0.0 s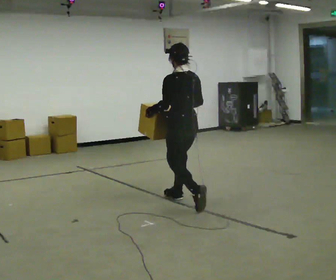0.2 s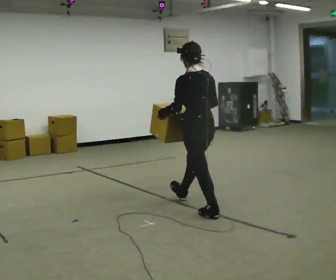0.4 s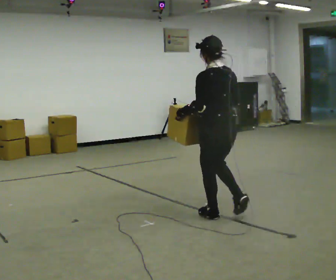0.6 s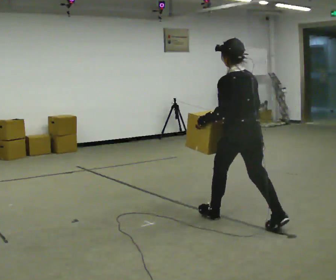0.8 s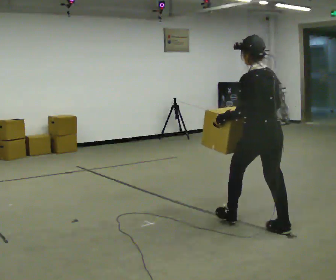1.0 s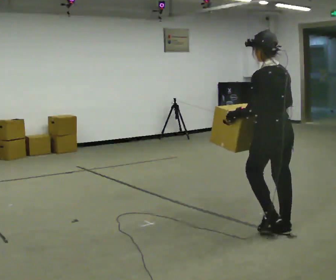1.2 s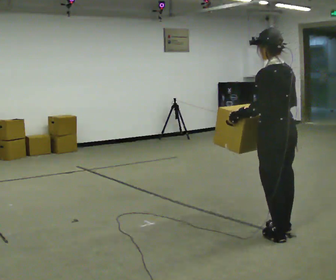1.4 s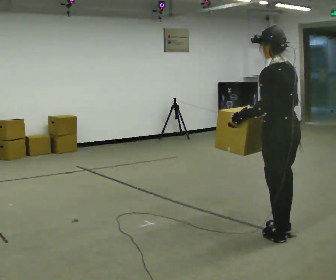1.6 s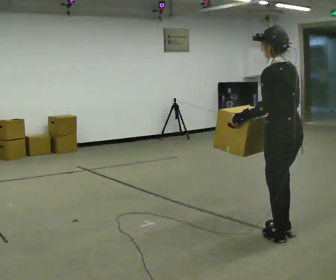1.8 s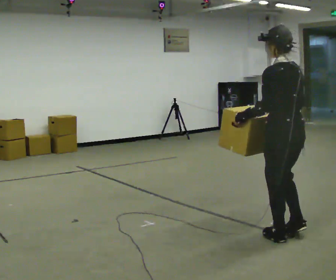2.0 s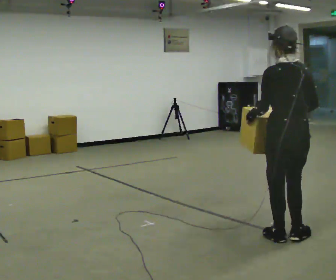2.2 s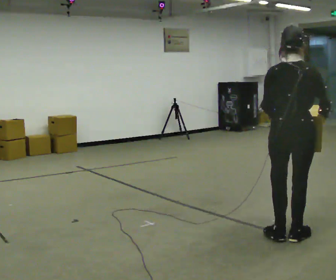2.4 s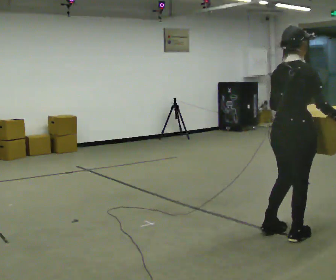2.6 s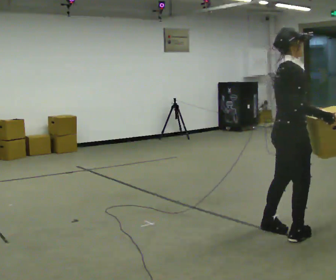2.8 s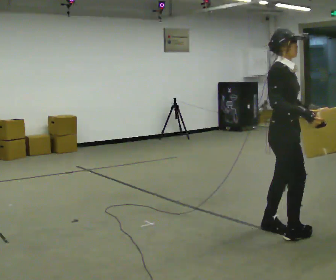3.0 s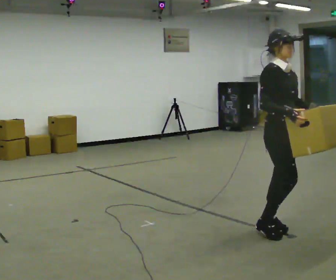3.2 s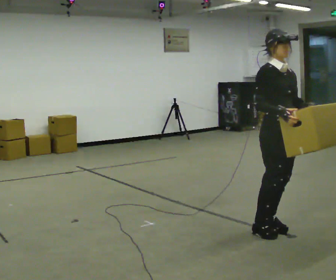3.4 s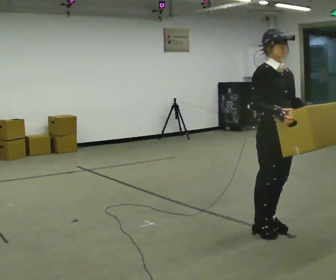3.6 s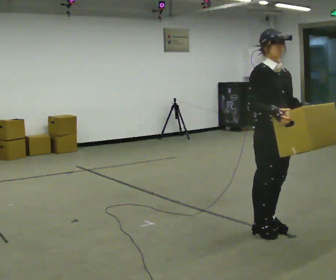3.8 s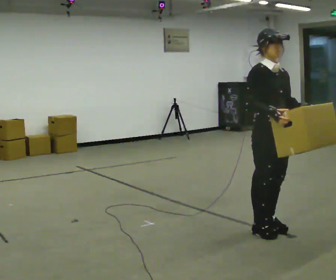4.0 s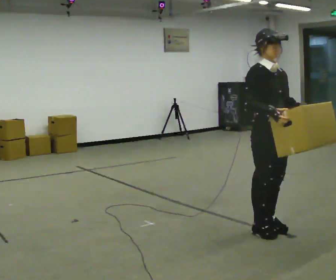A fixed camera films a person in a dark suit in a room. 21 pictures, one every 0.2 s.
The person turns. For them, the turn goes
to their right.
The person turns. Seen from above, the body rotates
clockwise.
0.0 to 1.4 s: In the picture they go to the right and toward the camera, about 1.5 m in 2 steps, which for them is backward.
1.4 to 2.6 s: Seen from above the body turns clockwise, about 135 degrees: to their right, with its near side sliding to the left. In the picture their right hand goes to the right.
2.6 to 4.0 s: The person turns about 60 degrees to their right, clockwise seen from above, so the part of the body nearest the lens slides to the left.
The film runs backward here.
